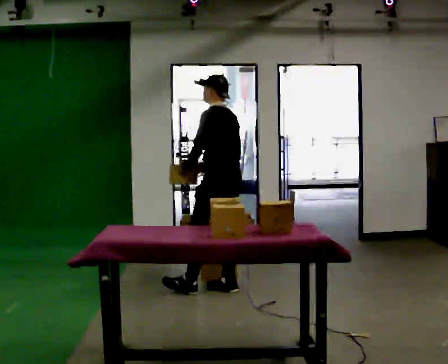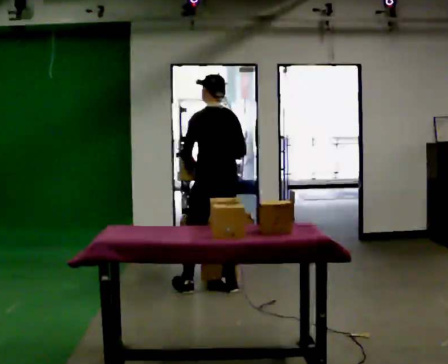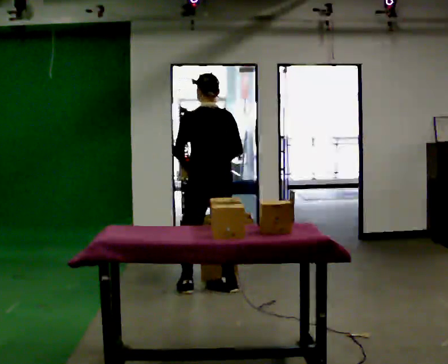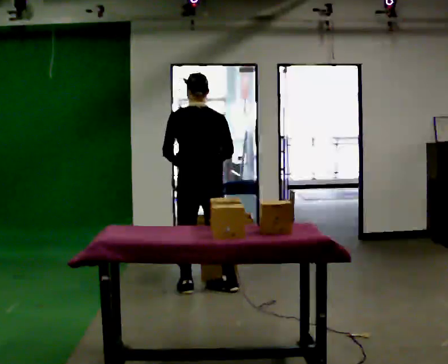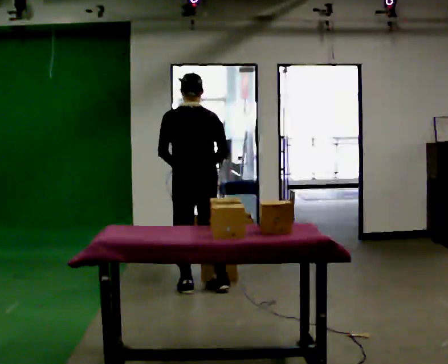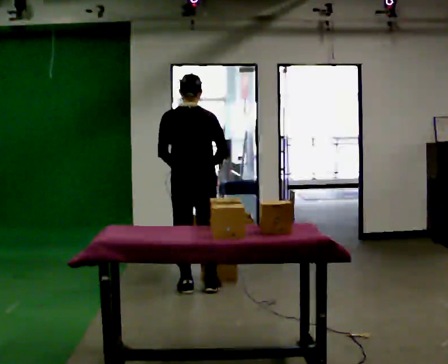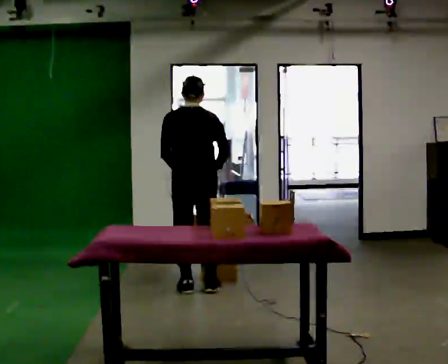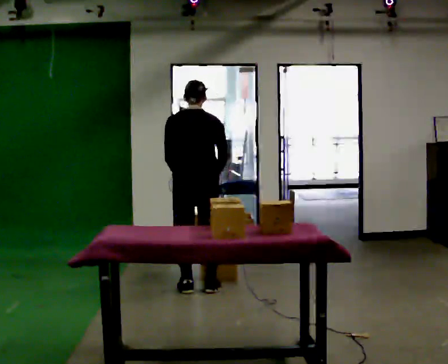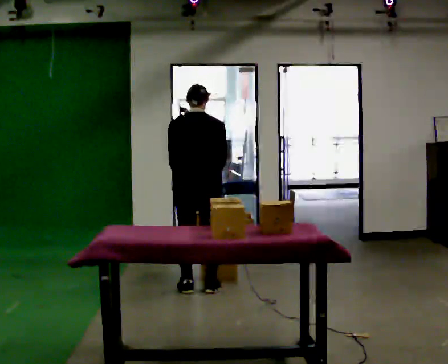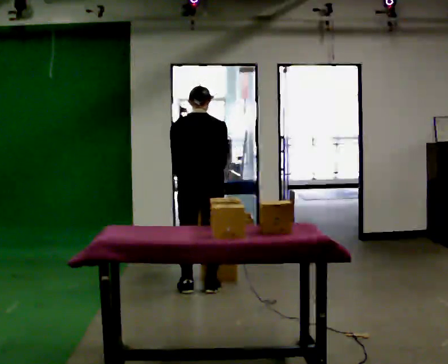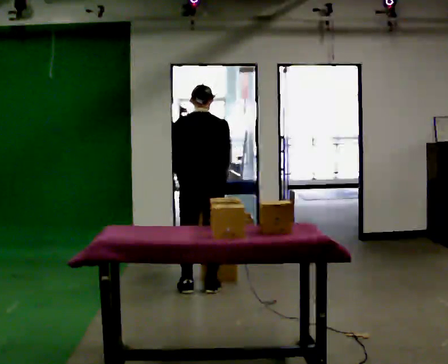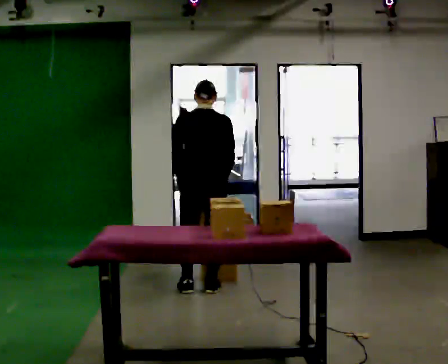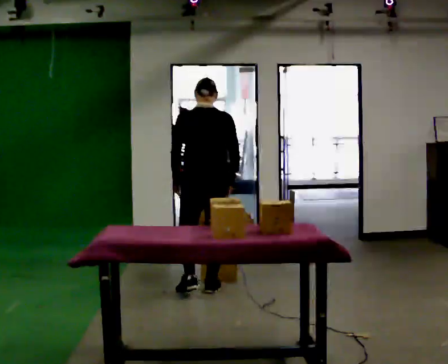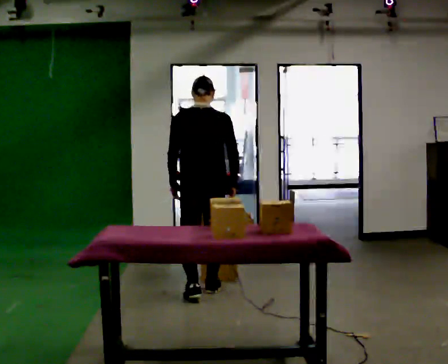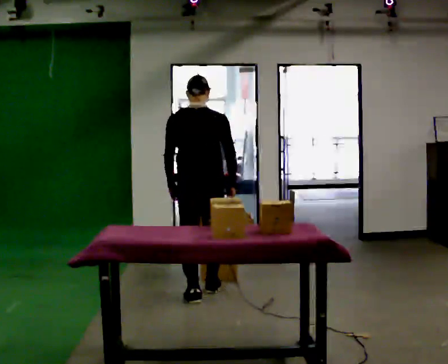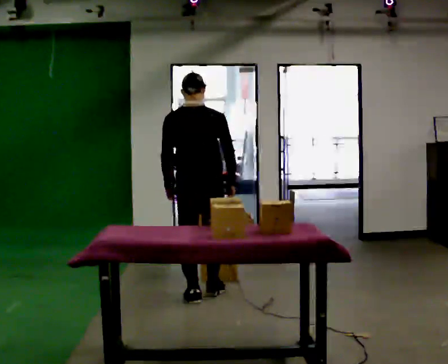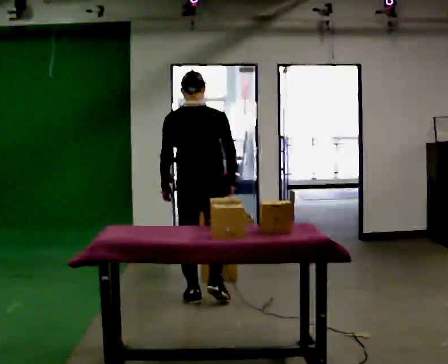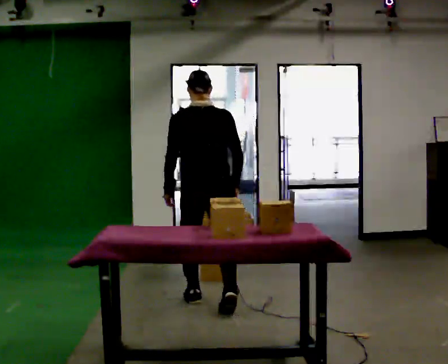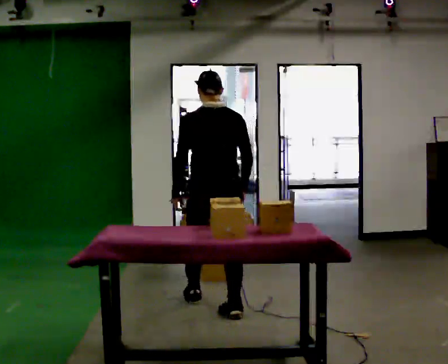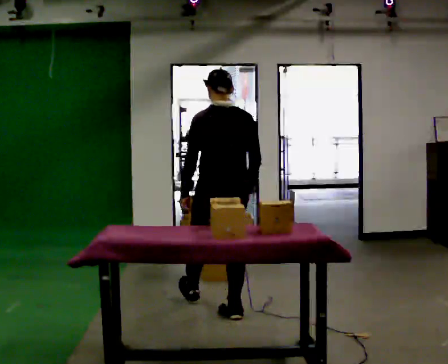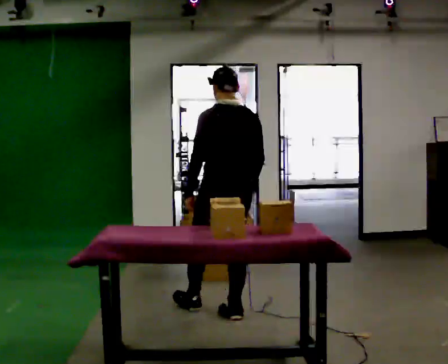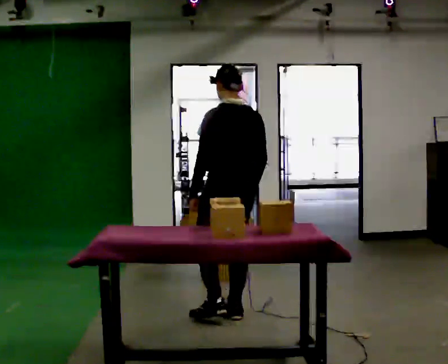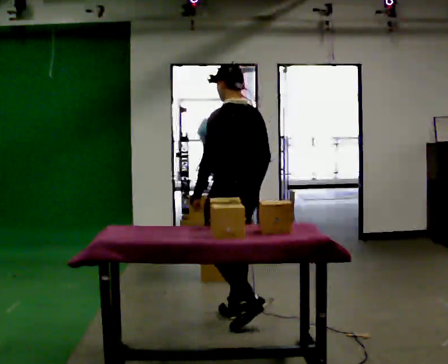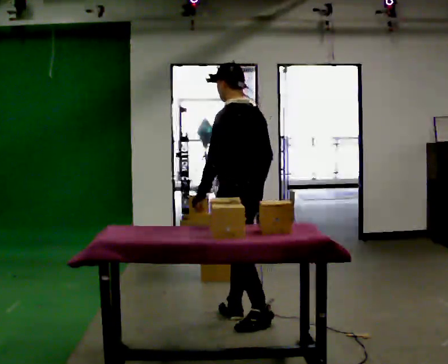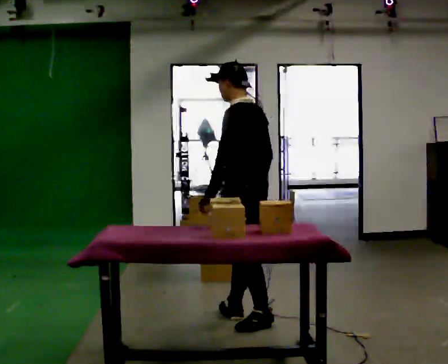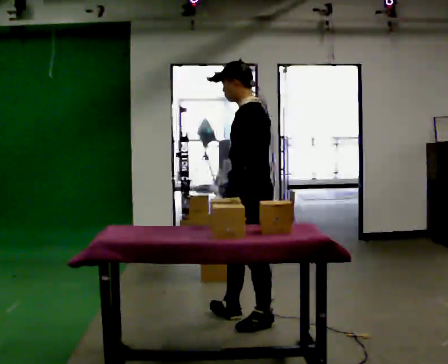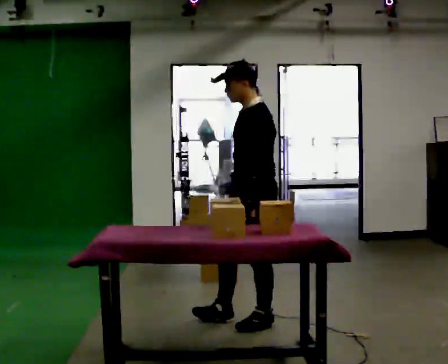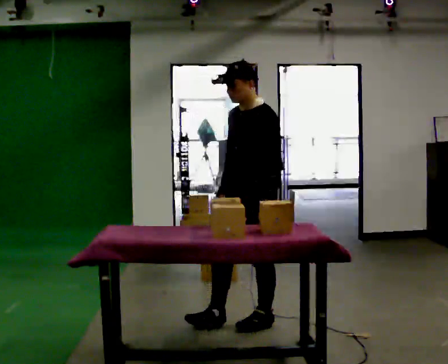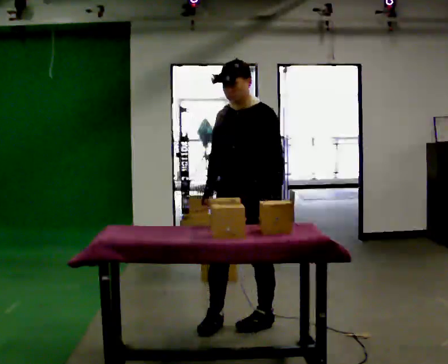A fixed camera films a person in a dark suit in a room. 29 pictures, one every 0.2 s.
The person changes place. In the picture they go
toward the camera.
The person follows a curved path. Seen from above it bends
counterclockwise.
0.0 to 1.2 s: The part of the body nearest the lens slides to the left as the person turns to their right by about 60 degrees. In the picture they go to the left, about 0.25 m in 1 step, which for them is to their left.
1.2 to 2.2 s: The person moves a little, or ends about where they began.
2.2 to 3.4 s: In the picture they go toward the camera, about 0.25 m in 2 steps, which for them is backward. The upper body tips toward the camera, its near side rolling downward, as they lean back or straighten.
3.4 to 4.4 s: Seen from above the body turns counterclockwise, about 45 degrees: to their left, with its near side sliding to the right. In the picture they go toward the camera and to the right, about 0.5 m in 1 step, which for them is backward.
4.4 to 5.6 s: The part of the body nearest the lens slides to the right as the person turns to their left by about 90 degrees. In the picture they go toward the camera, about 0.25 m in 1 step. In the picture their left hand goes to the right, the arm swinging counterclockwise.
The film runs backward here.
